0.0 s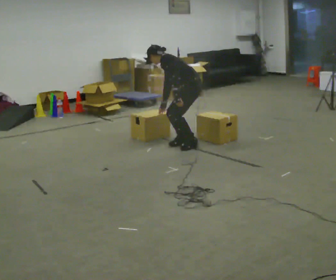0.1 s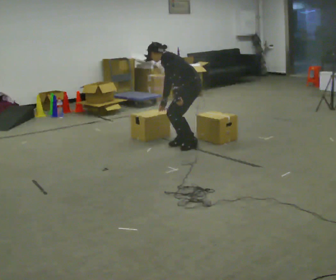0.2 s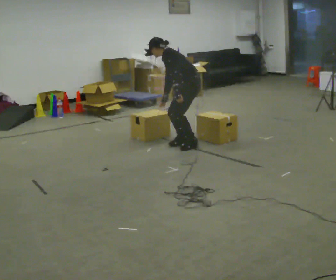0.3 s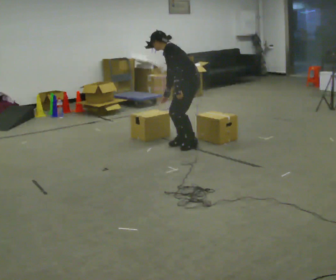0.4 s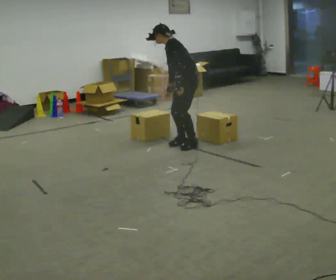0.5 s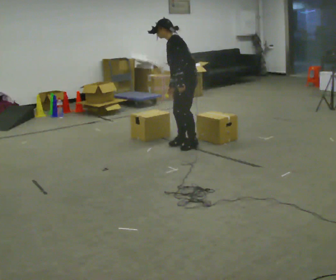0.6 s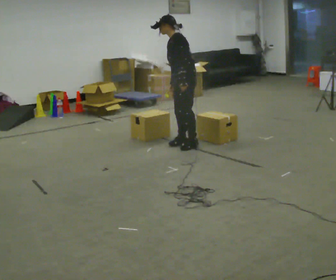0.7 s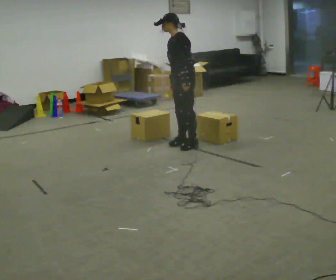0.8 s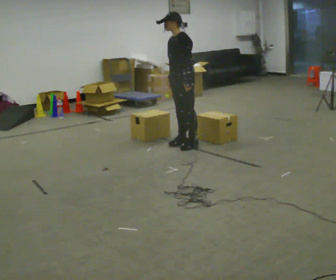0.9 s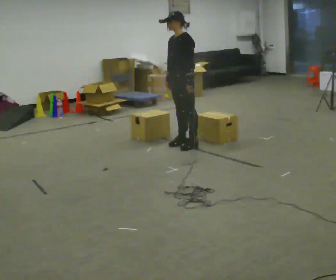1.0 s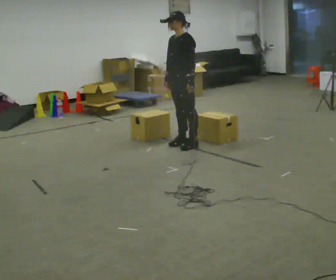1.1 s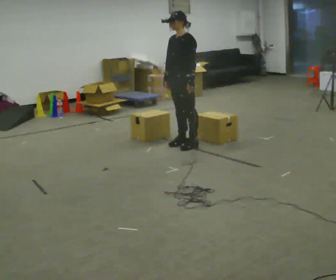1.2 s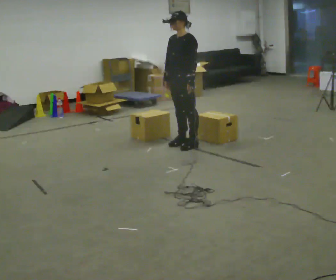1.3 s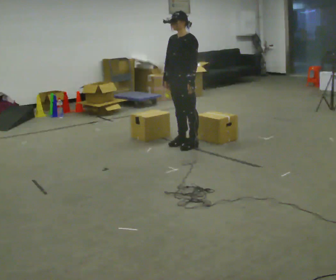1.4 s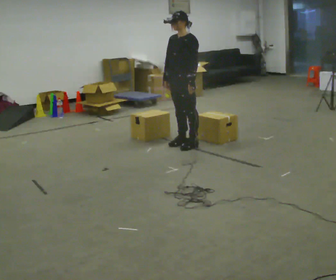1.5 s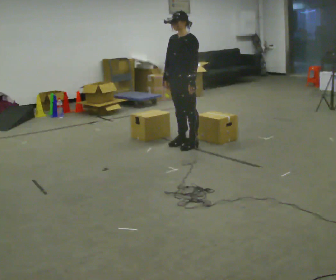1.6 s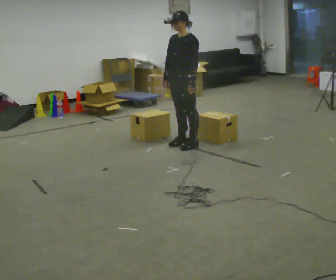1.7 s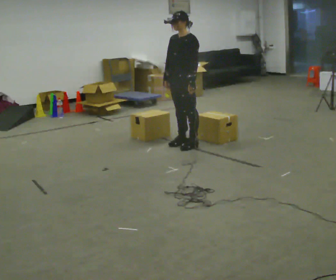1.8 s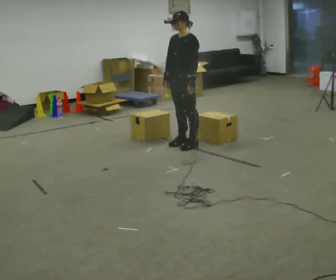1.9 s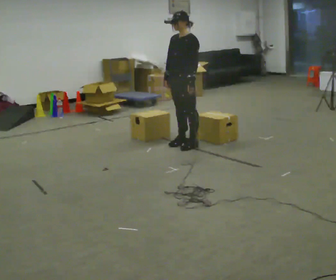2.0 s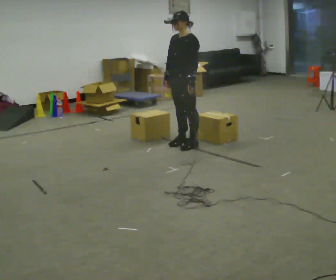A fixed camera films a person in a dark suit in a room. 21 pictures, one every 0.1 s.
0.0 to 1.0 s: The part of the body nearest the lens slides to the right as the person turns to their left by about 30 degrees. The upper body goes upward. In the picture the upper body tilts clockwise, shoulders to the right, as they lean back or straighten.
1.0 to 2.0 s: The person moves a little, or ends about where they began.
The film runs forward here.
